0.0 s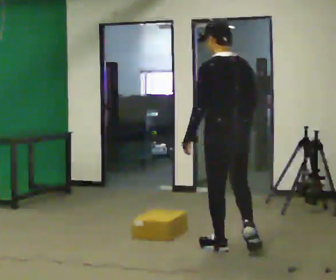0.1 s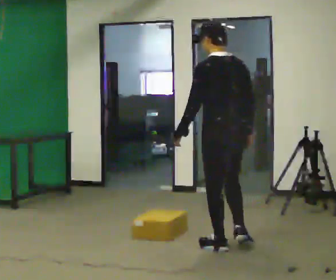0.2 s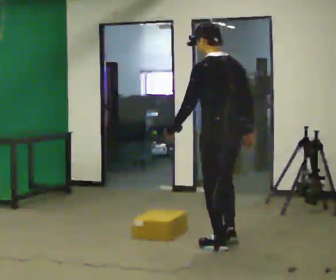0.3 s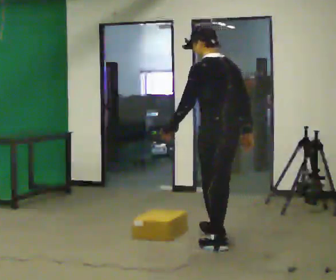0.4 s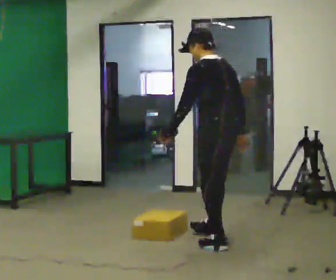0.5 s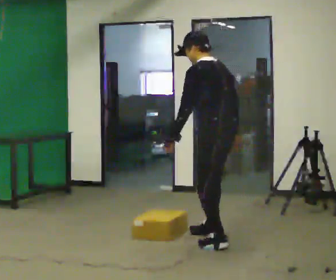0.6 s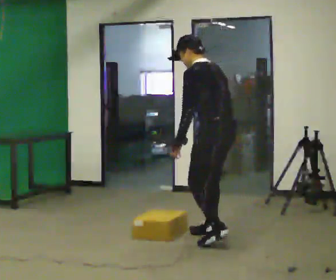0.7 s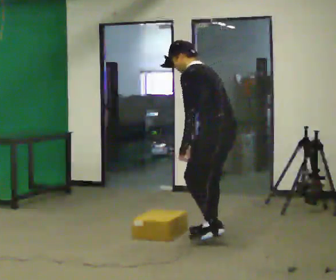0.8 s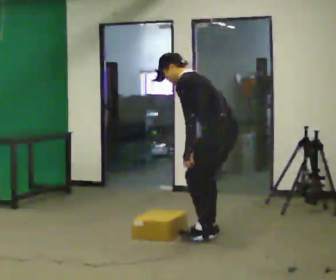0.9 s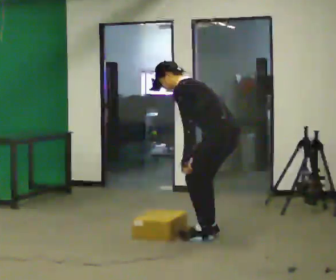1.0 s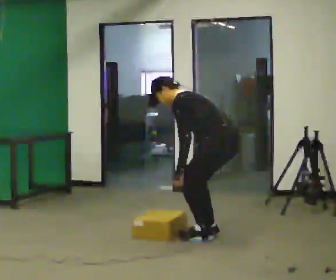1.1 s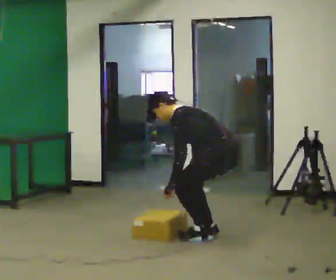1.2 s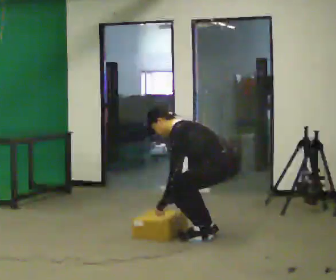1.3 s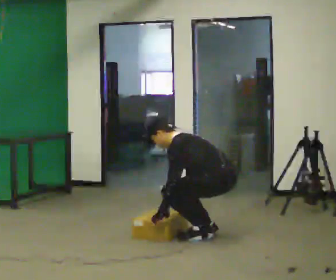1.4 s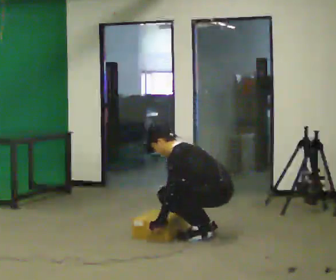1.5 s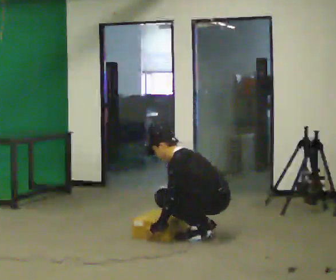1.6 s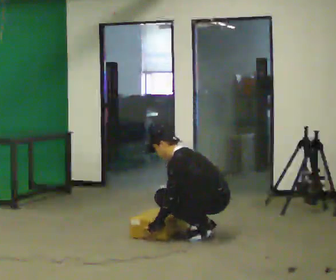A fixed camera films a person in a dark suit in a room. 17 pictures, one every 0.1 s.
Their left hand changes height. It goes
downward.
The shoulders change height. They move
downward.
0.0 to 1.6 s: The person turns about 45 degrees to their left, counterclockwise seen from above, so the part of the body nearest the lens slides to the right. In the picture they go away from the camera, about 0.5 m in 2 steps, which for them is to their right and forward. The shoulders move downward. In the picture their left hand goes downward.
The film runs forward here.
